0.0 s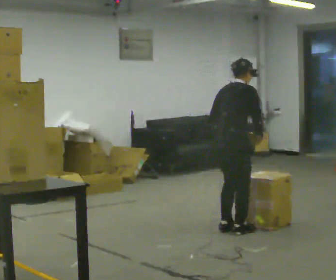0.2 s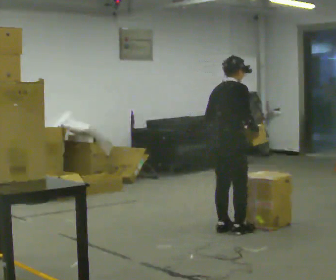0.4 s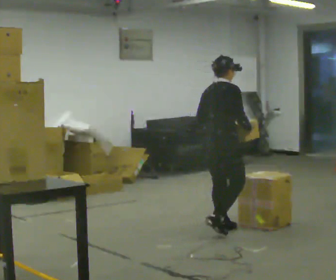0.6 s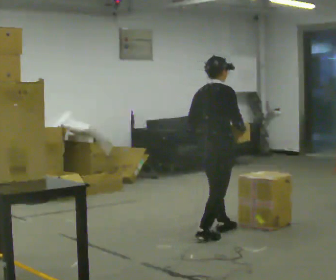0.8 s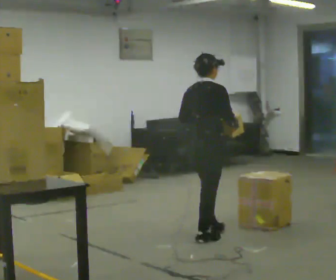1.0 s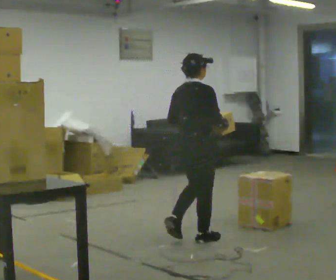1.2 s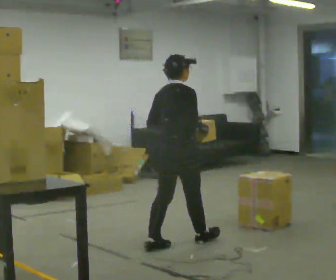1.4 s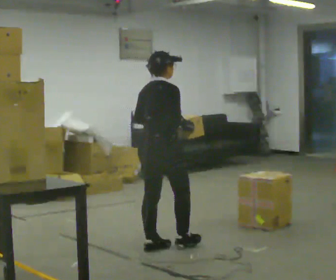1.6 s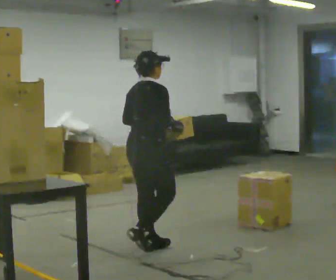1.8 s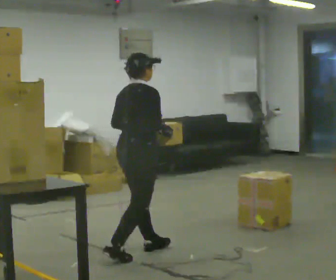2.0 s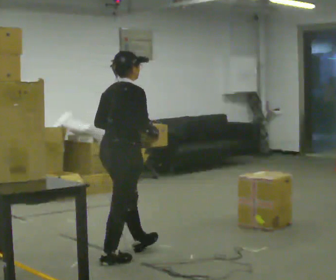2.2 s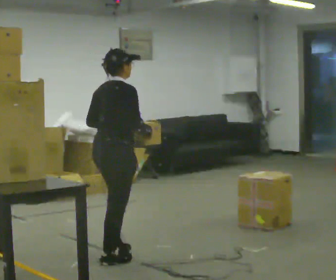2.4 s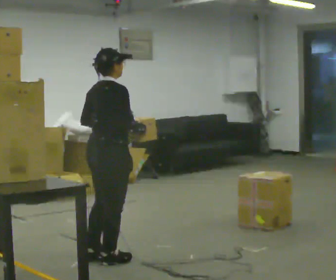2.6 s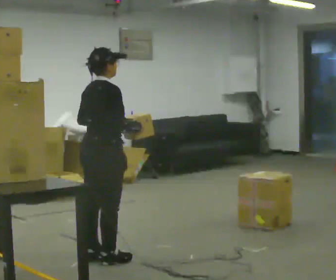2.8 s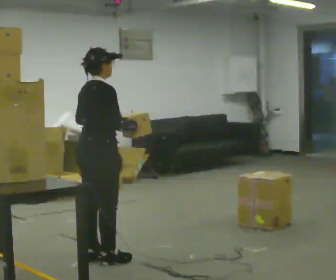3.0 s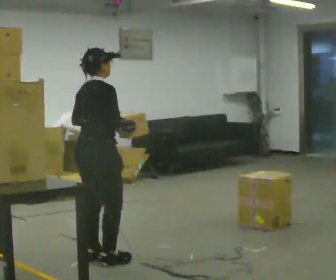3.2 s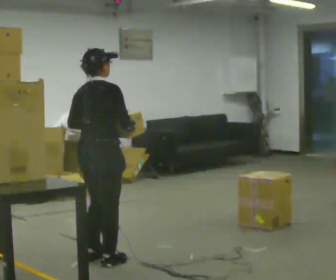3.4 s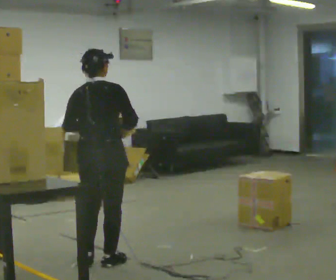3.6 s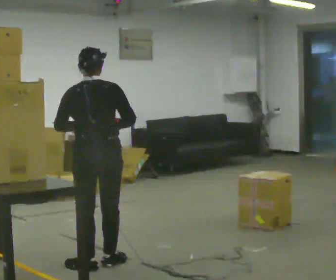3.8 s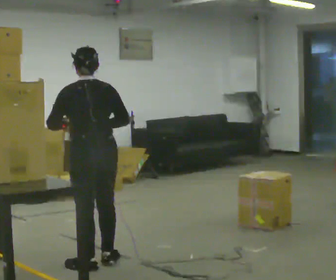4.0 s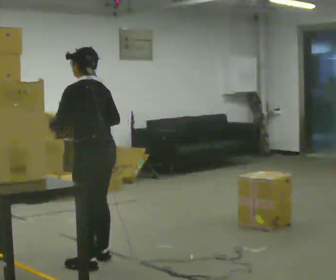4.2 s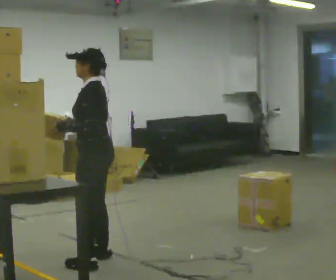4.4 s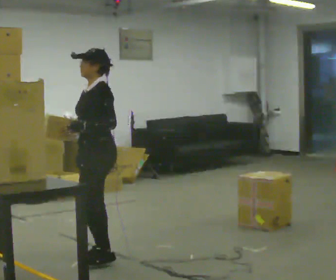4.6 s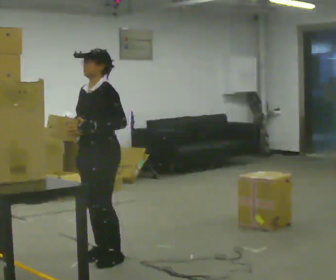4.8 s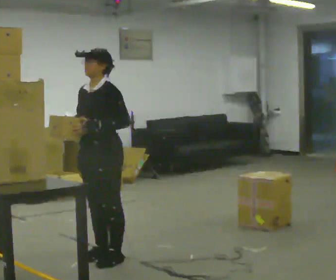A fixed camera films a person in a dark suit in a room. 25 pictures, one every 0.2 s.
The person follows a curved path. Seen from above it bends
clockwise.
The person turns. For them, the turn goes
to their left.
0.0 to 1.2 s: In the picture they go to the left and toward the camera, about 0.75 m in 2 steps, which for them is backward.
1.2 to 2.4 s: In the picture they go to the left and toward the camera, about 0.75 m in 2 steps, which for them is backward.
2.4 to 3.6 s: The person turns about 60 degrees to their left, counterclockwise seen from above, so the part of the body nearest the lens slides to the right.
3.6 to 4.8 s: The part of the body nearest the lens slides to the right as the person turns to their left by about 135 degrees.
The film runs backward here.
